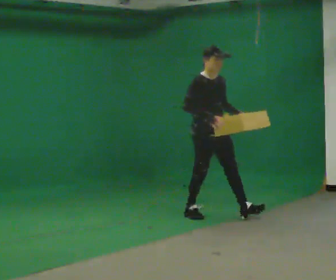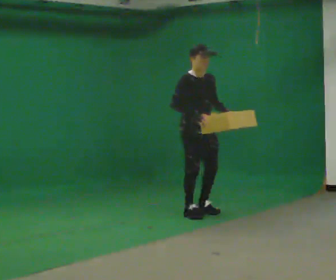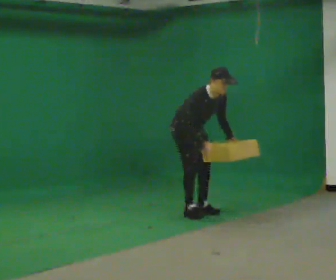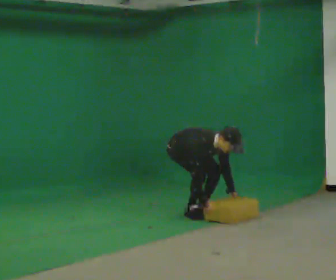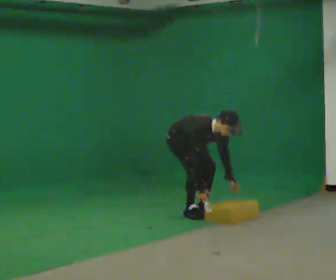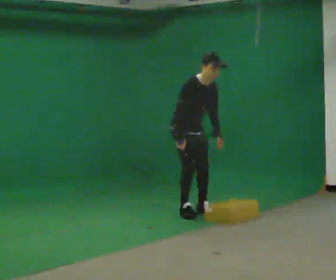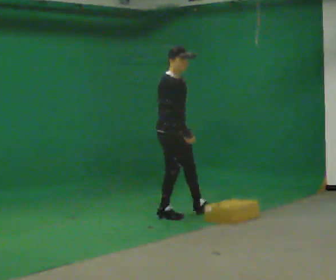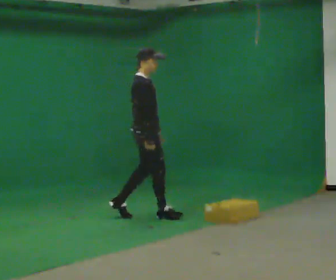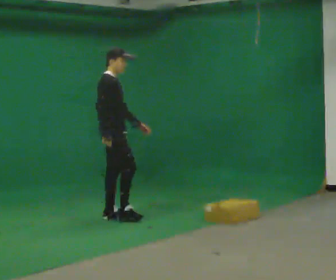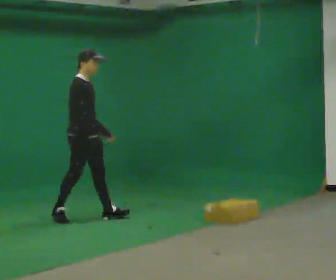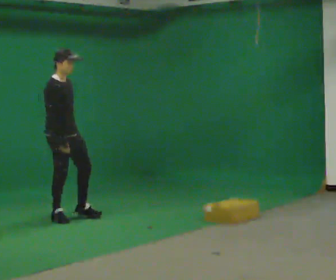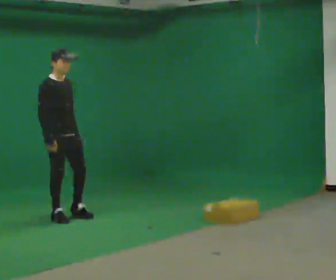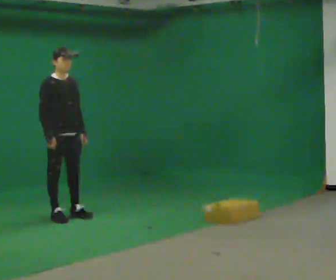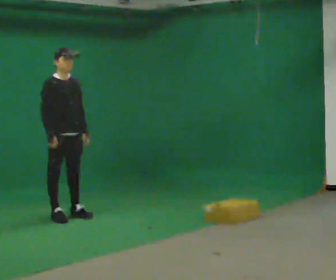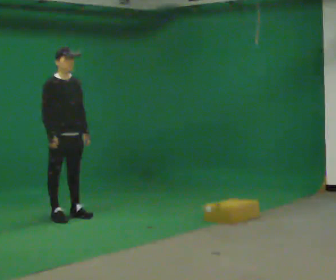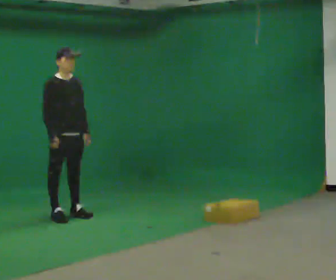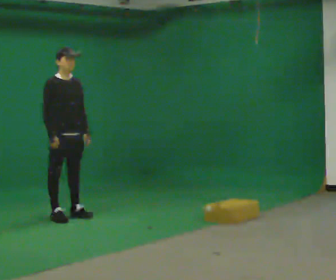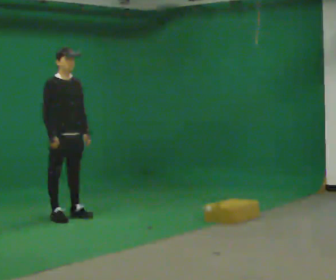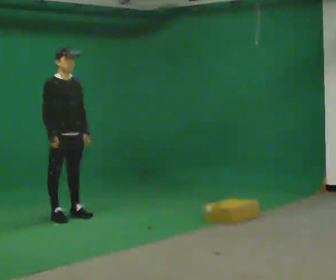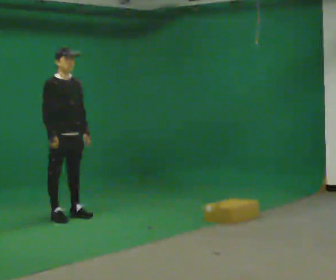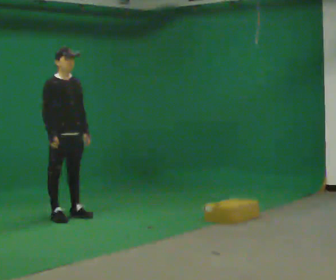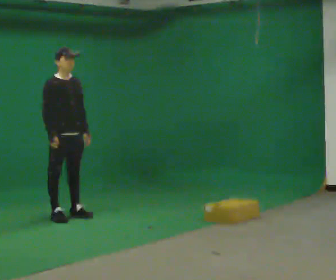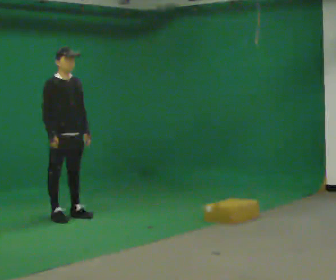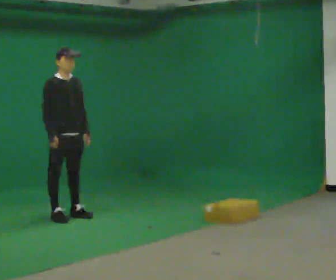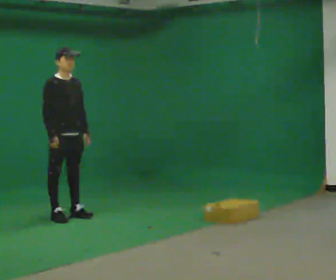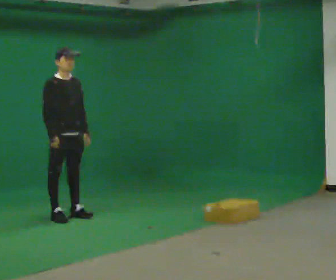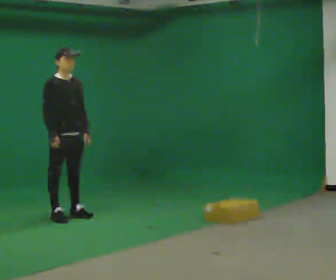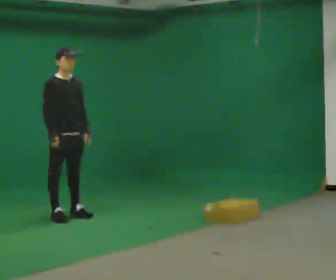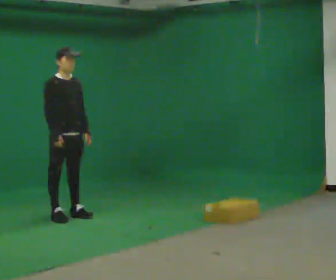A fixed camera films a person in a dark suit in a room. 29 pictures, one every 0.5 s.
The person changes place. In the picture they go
to the left.
0.0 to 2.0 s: In the picture they go away from the camera and to the left, about 0.5 m, which for them is backward. In the picture the upper body tilts clockwise, shoulders to the right, as they bend forward. In the picture their right hand goes downward.
2.0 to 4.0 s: The person turns about 45 degrees to their left, counterclockwise seen from above, so the part of the body nearest the lens slides to the right. In the picture they go to the left, about 0.5 m in 3 steps, which for them is backward and to their right. The shoulders move upward. The upper body tips away from the camera, its near side rolling upward, as they lean back or straighten. In the picture their right hand goes upward.
4.0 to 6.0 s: The part of the body nearest the lens slides to the left as the person turns to their right by about 45 degrees. In the picture they go to the left, about 0.5 m in 1 step, which for them is backward and to their right.
6.0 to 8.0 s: The person moves a little, or ends about where they began.
8.0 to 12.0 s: The person keeps their place and pose.
12.0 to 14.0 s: The person moves a little, or ends about where they began.
The film runs backward here.
